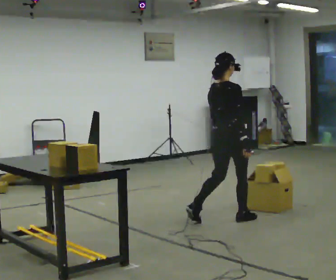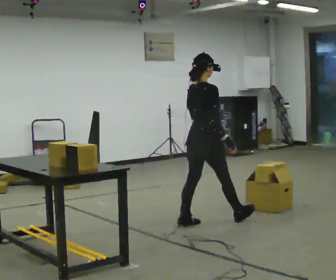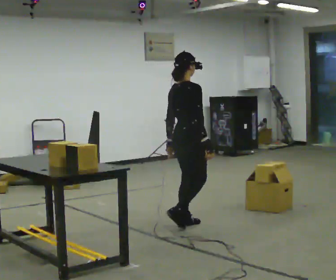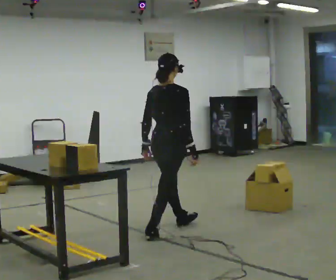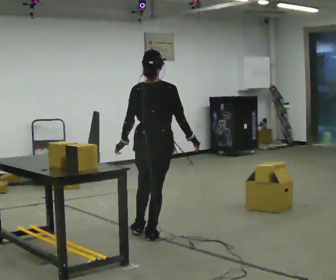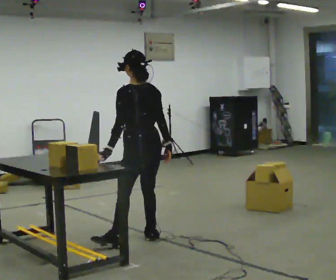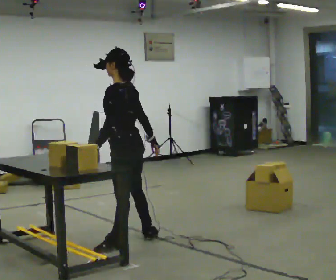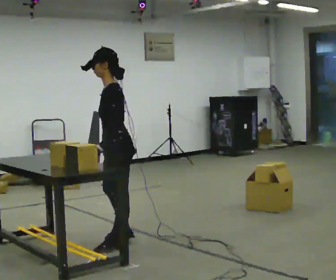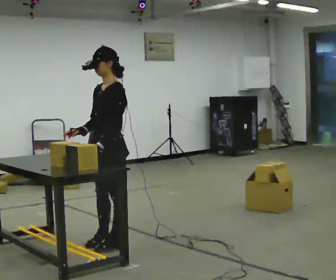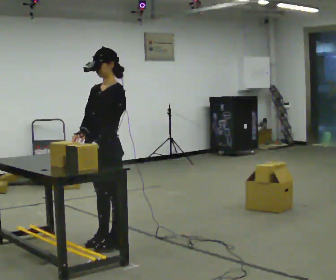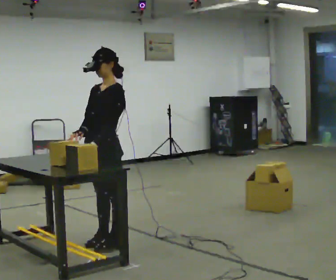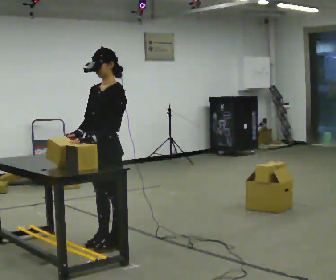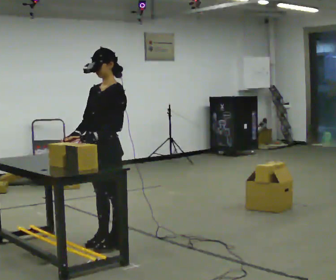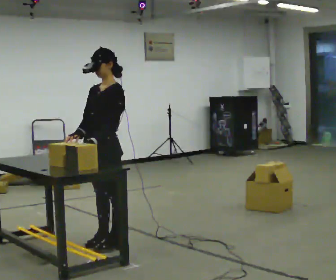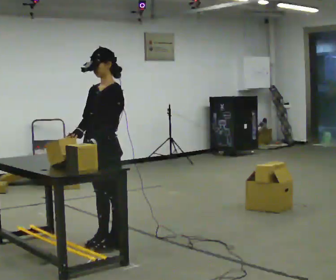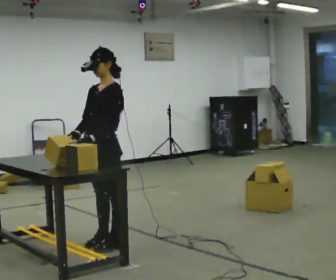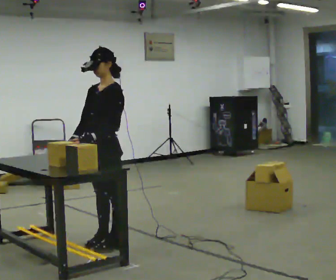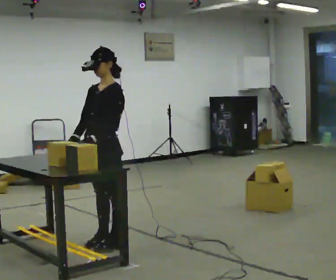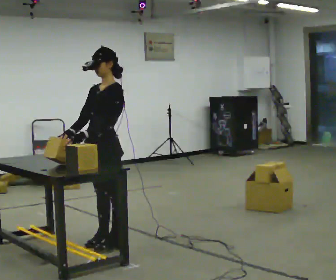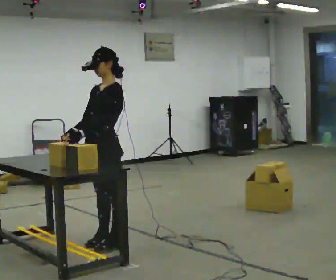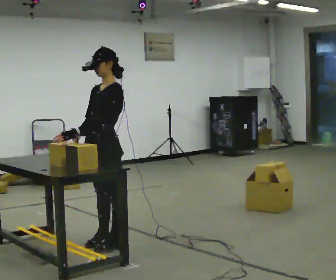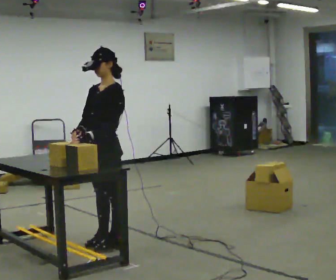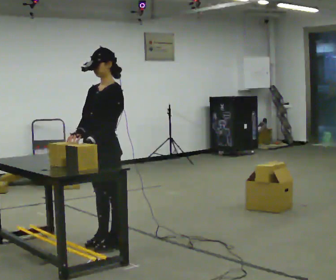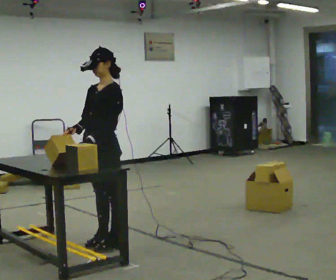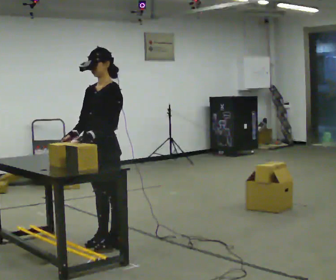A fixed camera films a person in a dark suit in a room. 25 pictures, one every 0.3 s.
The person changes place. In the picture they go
to the left.
0.0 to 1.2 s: The person turns about 30 degrees to their left, counterclockwise seen from above, so the part of the body nearest the lens slides to the right. In the picture they go to the left and toward the camera, about 1 m in 2 steps, which for them is backward.
1.2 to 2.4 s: Seen from above the body turns counterclockwise, about 120 degrees: to their left, with its near side sliding to the right. In the picture they go to the left and toward the camera, about 0.5 m in 1 step.
2.4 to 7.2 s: The person moves a little, or ends about where they began.
The film runs backward here.
